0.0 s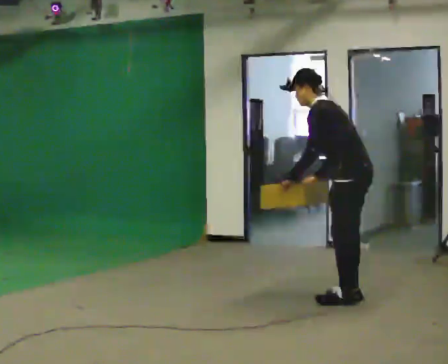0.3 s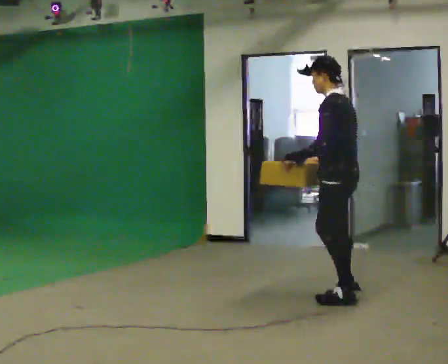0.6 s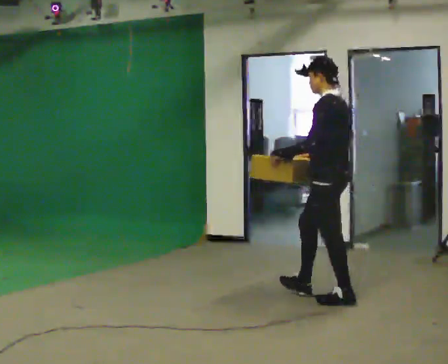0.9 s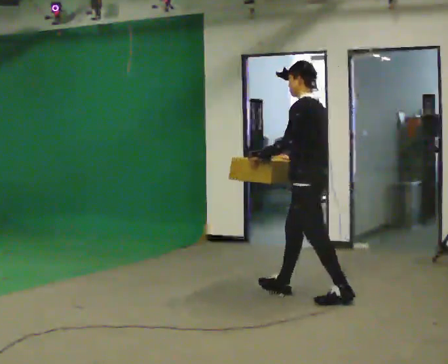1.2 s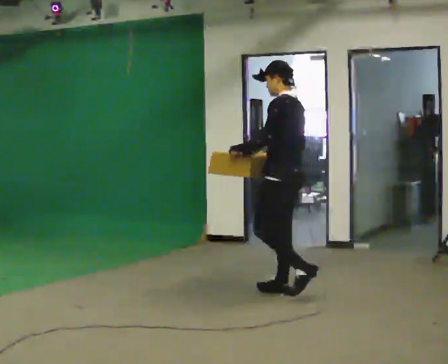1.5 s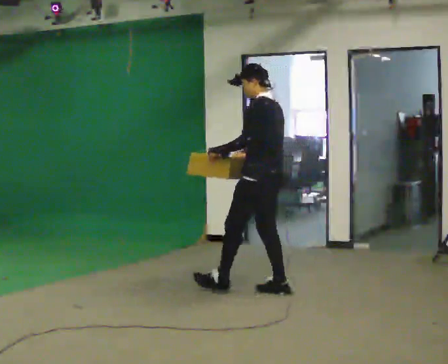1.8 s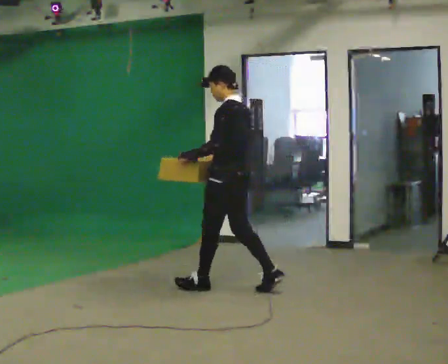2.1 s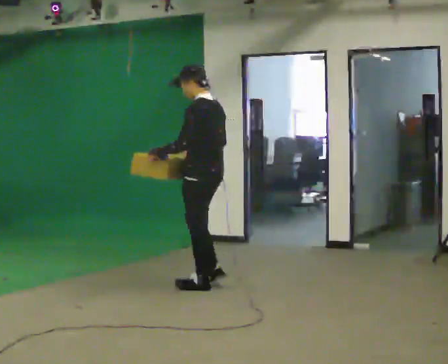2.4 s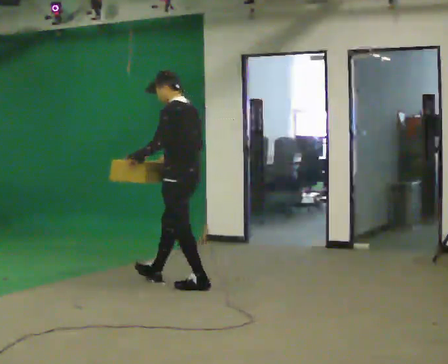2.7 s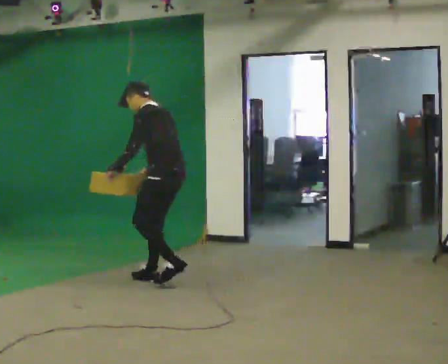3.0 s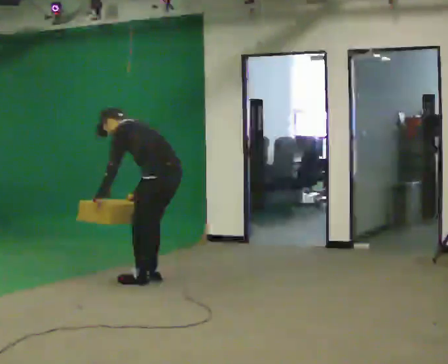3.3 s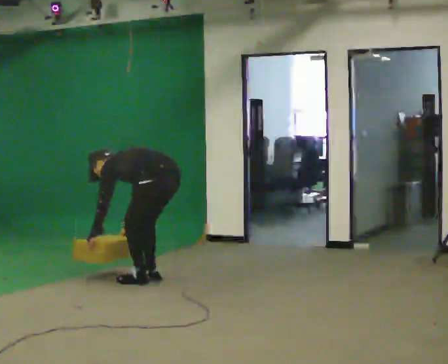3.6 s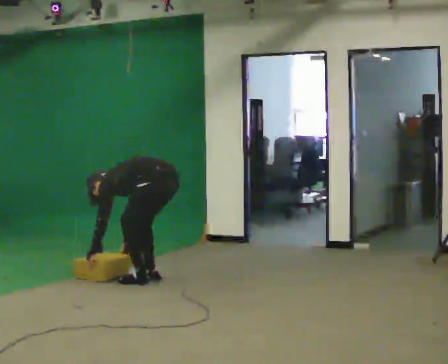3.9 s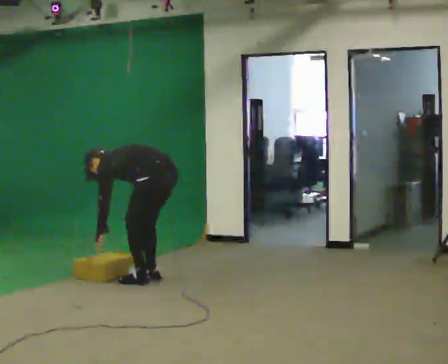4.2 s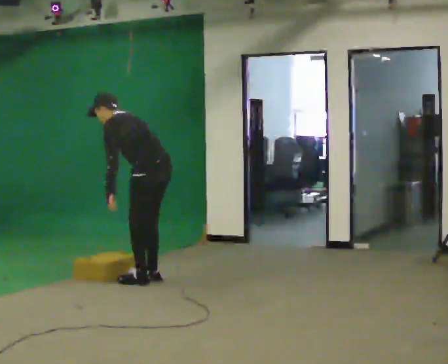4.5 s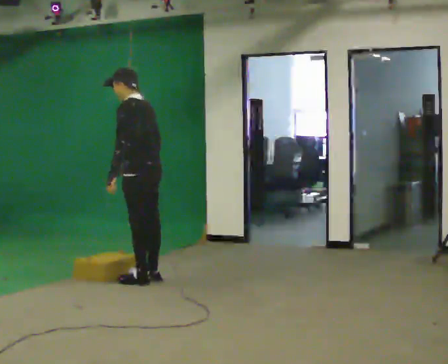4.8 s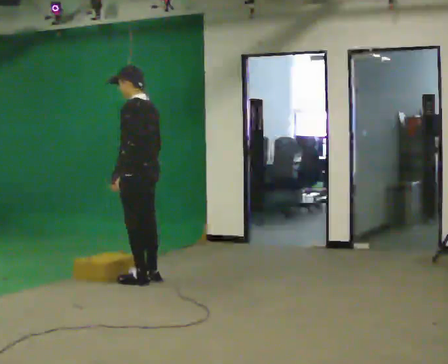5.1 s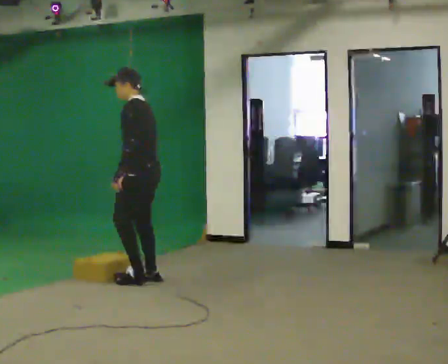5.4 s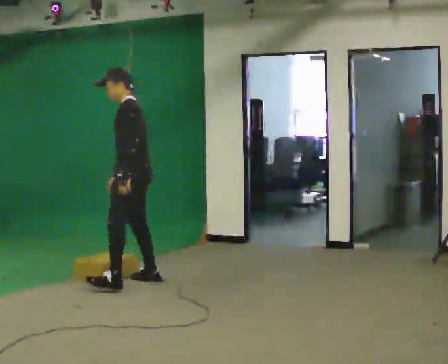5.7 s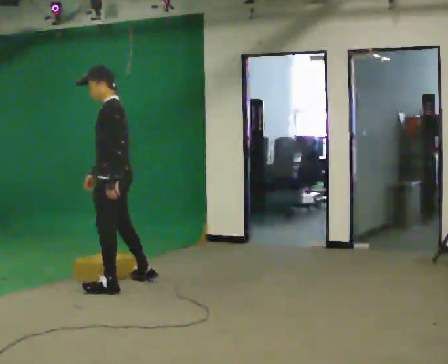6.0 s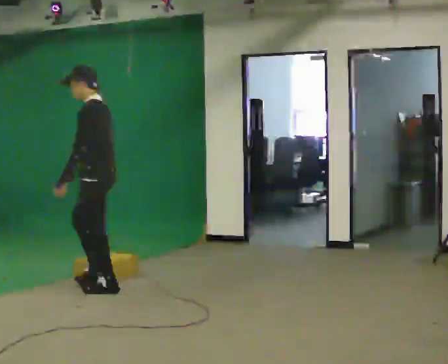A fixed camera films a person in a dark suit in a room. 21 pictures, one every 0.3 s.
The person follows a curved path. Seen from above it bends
counterclockwise.
The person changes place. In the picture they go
to the left.
0.0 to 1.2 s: In the picture they go to the left and away from the camera, about 0.5 m in 1 step, which for them is forward. In the picture the upper body tilts clockwise, shoulders to the right, as they lean back or straighten.
1.2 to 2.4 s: In the picture they go to the left and away from the camera, about 1 m in 1 step, which for them is forward.
2.4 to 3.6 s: In the picture they go to the left, about 0.25 m in 2 steps, which for them is forward. The upper body goes downward. In the picture the upper body tilts counterclockwise, shoulders to the left, as they bend forward. In the picture their left hand goes downward and to the left.
3.6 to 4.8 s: The shoulders move upward. In the picture the upper body tilts clockwise, shoulders to the right, as they lean back or straighten. In the picture their left hand goes upward.
4.8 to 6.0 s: In the picture they go toward the camera and to the left, about 0.5 m in 1 step, which for them is to their left and forward.
The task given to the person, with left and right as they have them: Start still; walk straight at normal comfortable speed; stop at endpoint.
The film runs forward here.
